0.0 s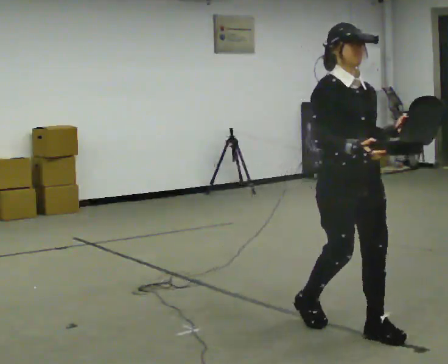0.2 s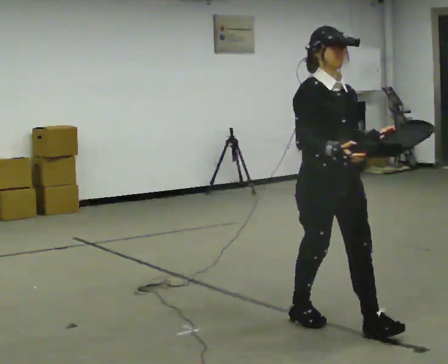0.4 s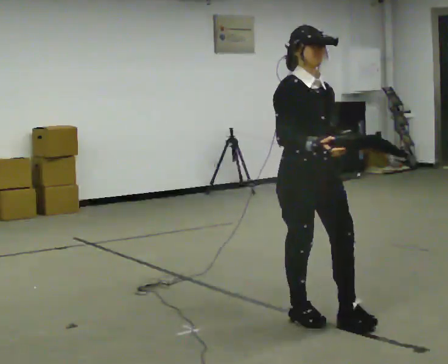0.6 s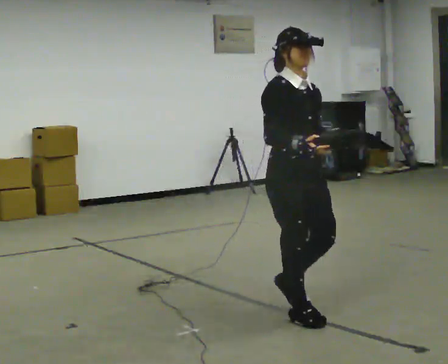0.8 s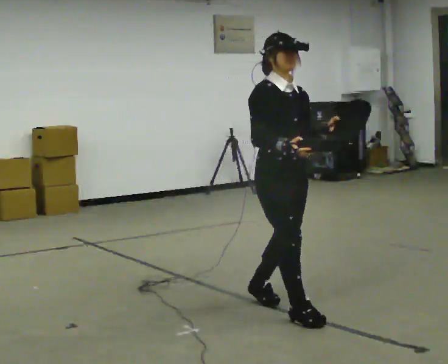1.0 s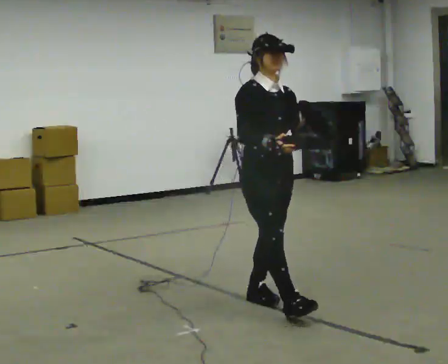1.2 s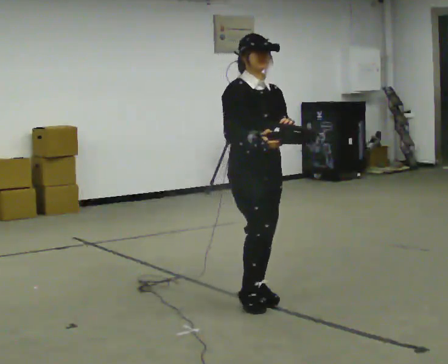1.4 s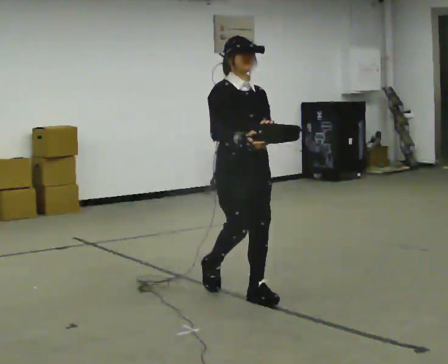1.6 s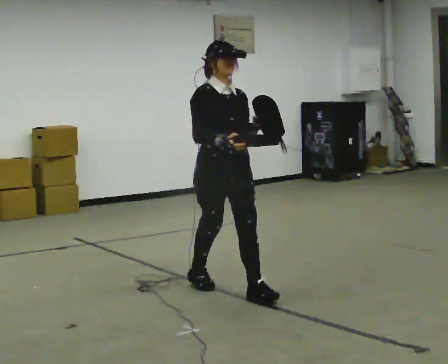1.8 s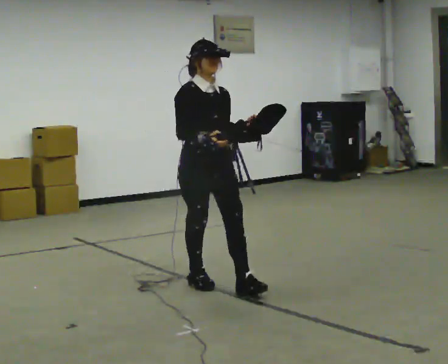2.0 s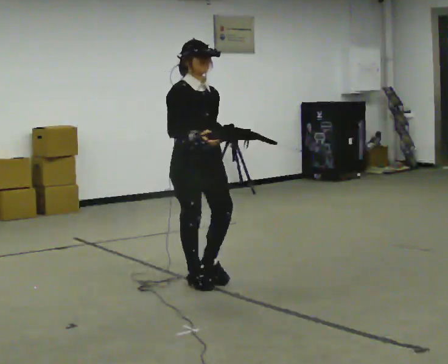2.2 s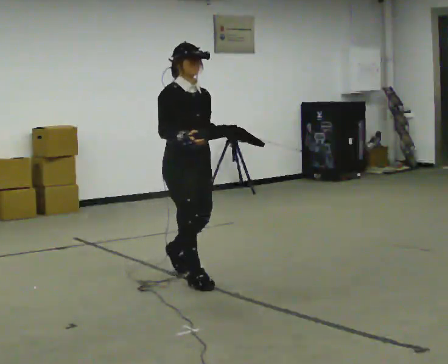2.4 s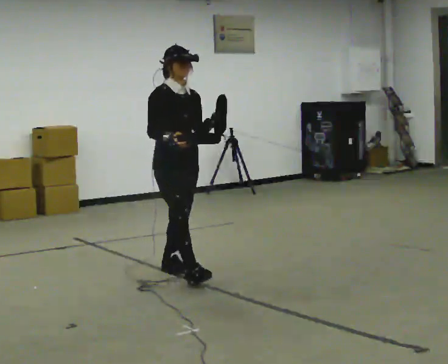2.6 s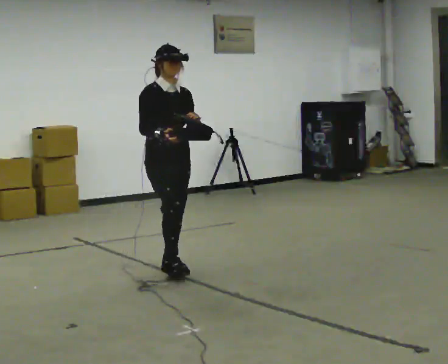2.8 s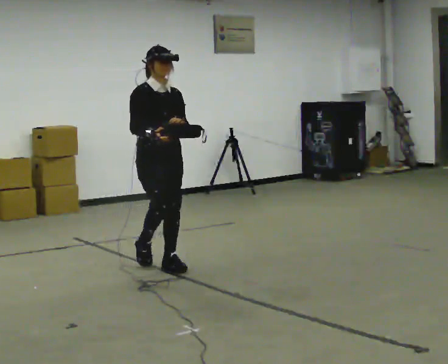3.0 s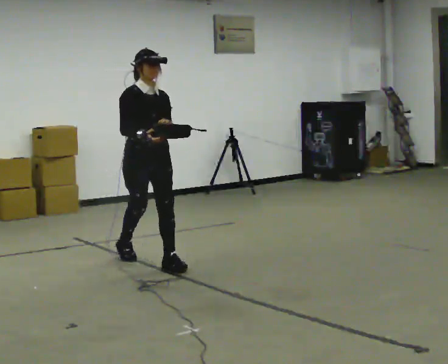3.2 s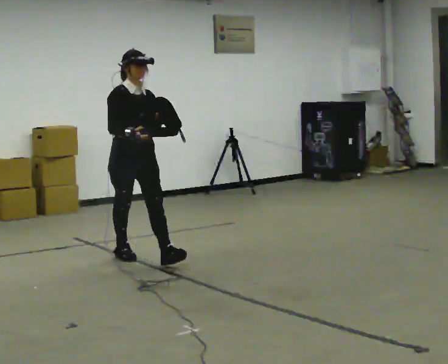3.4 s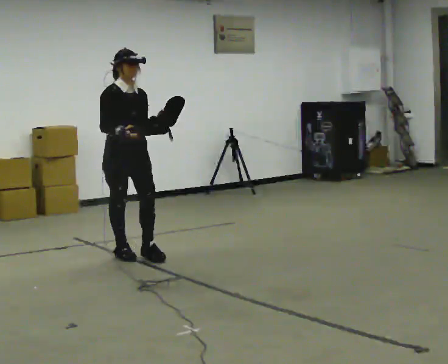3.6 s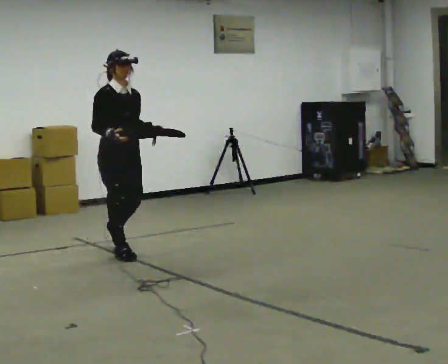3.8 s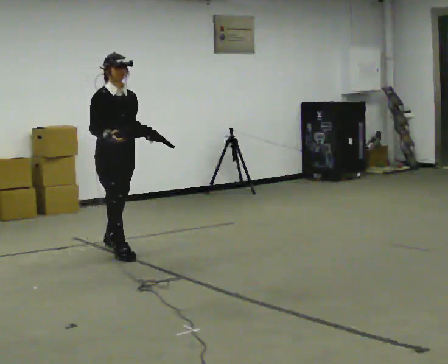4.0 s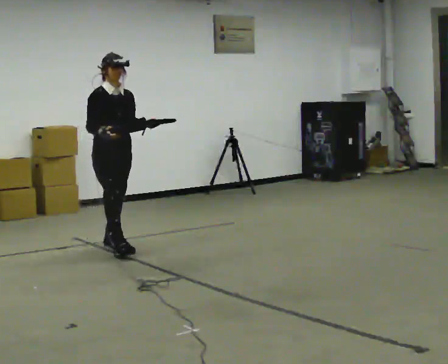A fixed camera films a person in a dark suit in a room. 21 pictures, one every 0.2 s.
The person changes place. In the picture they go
away from the camera.
0.0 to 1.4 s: In the picture they go away from the camera and to the left, about 1 m in 2 steps, which for them is backward.
1.4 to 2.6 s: In the picture they go away from the camera and to the left, about 1 m in 2 steps, which for them is backward.
2.6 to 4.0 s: In the picture they go away from the camera and to the left, about 1 m in 2 steps, which for them is backward.
The film runs backward here.
